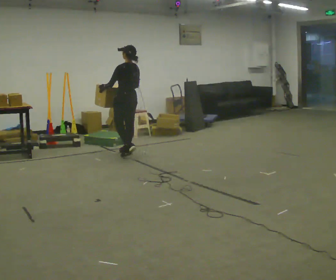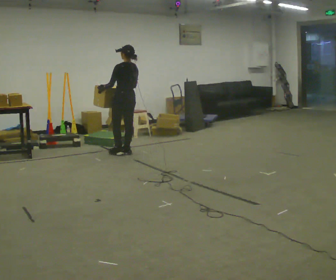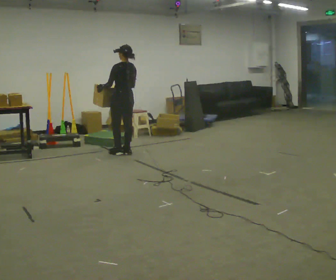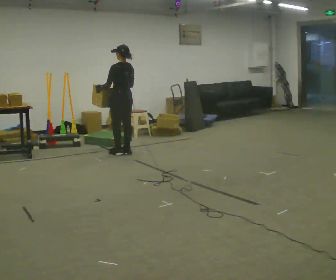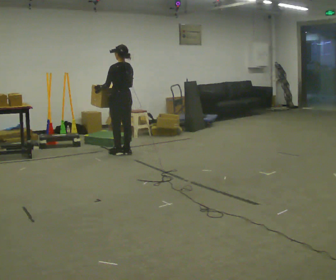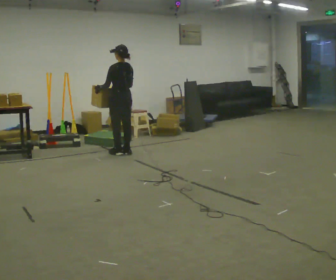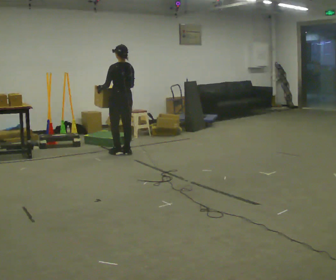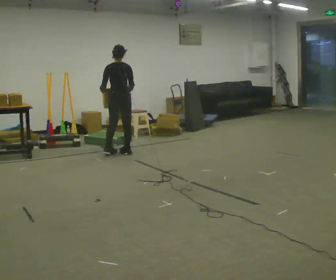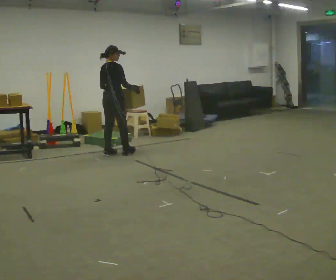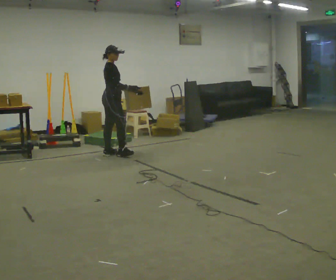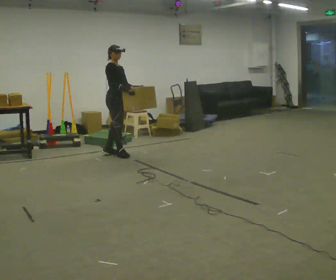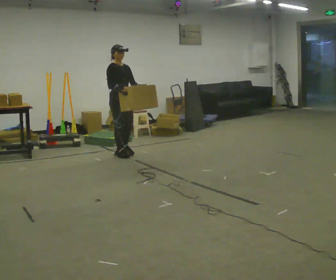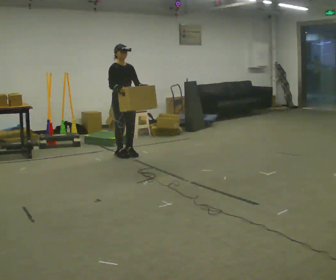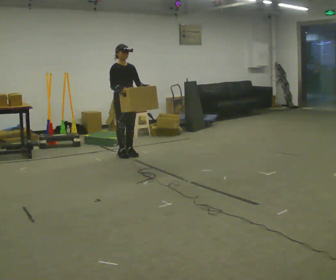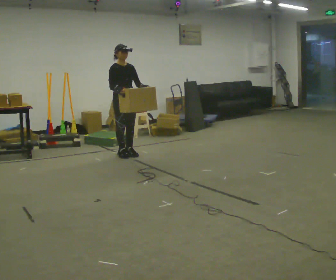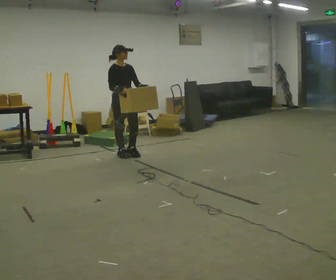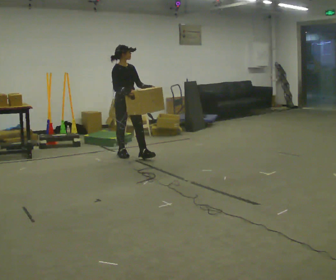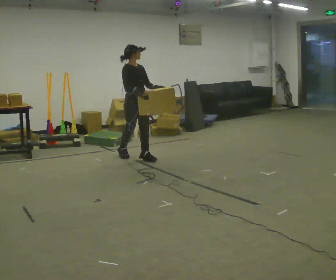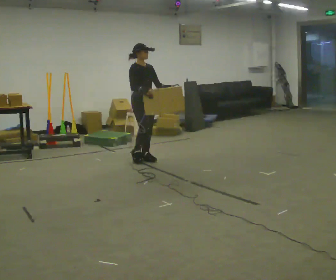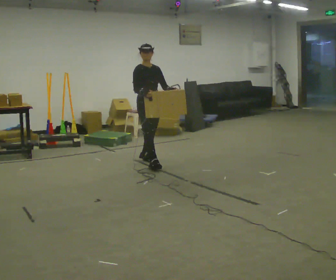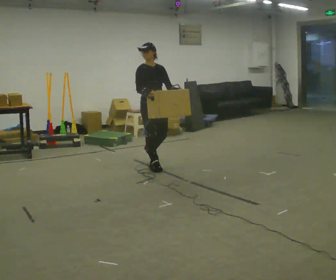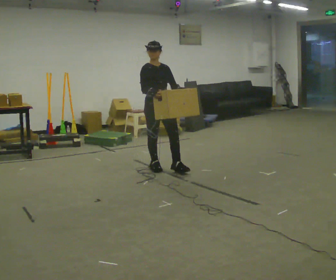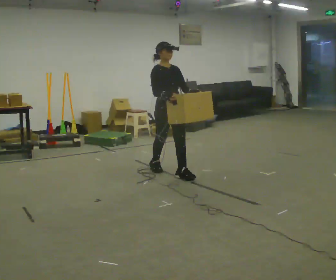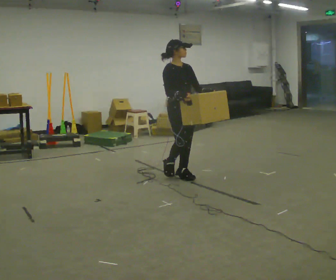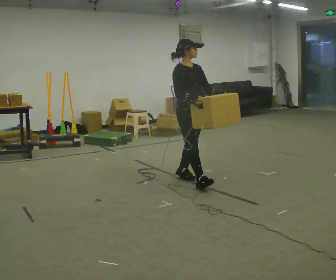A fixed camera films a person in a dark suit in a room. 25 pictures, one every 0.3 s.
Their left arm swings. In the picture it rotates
counterclockwise.
The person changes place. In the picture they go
toward the camera.
0.0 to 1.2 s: The person moves a little, or ends about where they began.
1.2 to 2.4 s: The person turns about 75 degrees to their right, clockwise seen from above, so the part of the body nearest the lens slides to the left.
2.4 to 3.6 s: The person turns about 105 degrees to their right, clockwise seen from above, so the part of the body nearest the lens slides to the left. In the picture they go to the right, about 0.25 m in 1 step. In the picture their left hand goes to the right, the arm swinging counterclockwise.
3.6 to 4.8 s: The person moves a little, or ends about where they began.
4.8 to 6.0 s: In the picture they go toward the camera and to the right, about 0.75 m in 2 steps, which for them is forward.
6.0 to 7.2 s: In the picture they go toward the camera and to the right, about 0.5 m in 1 step, which for them is forward.
The film runs forward here.
